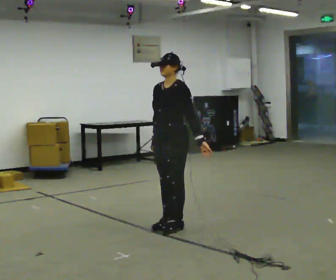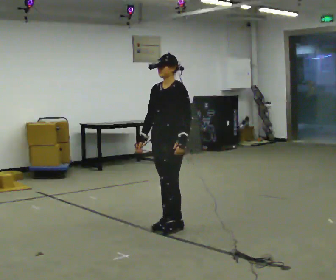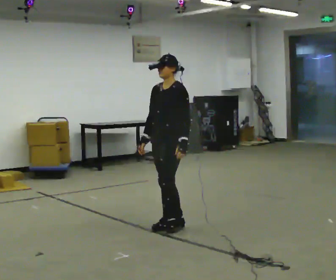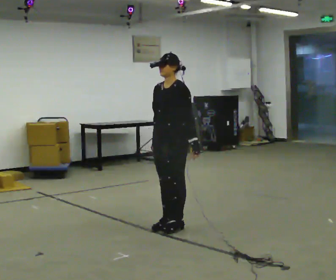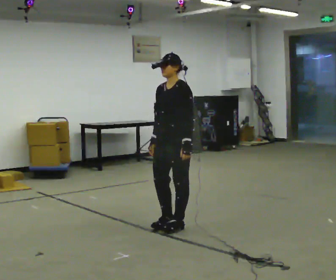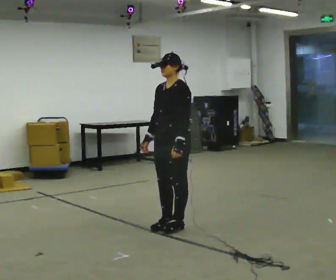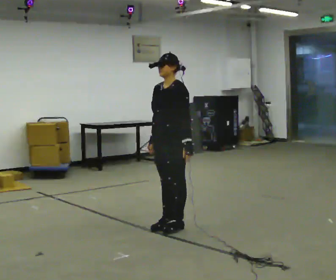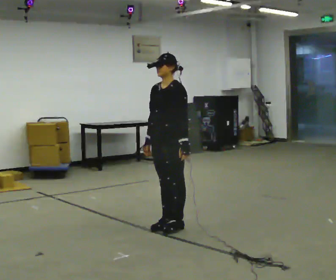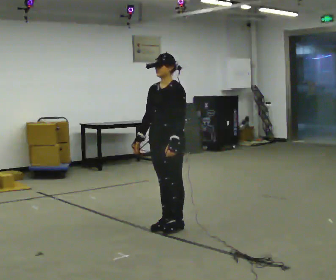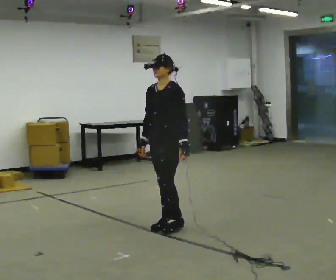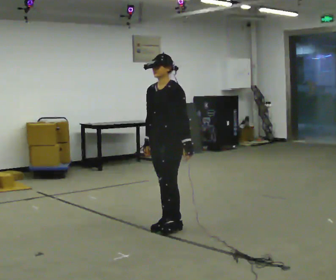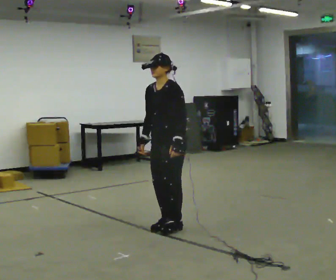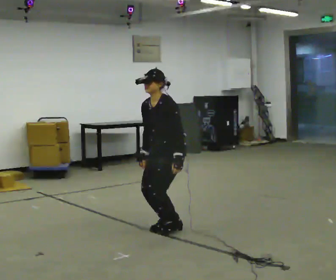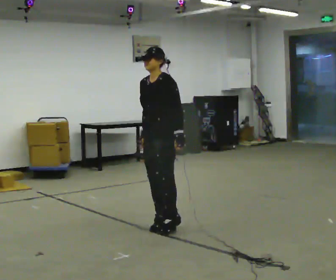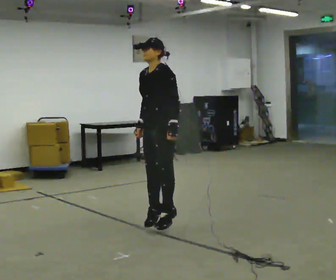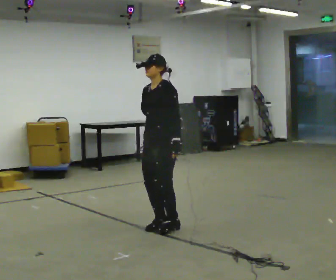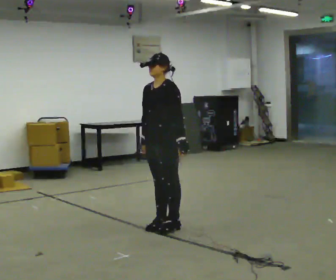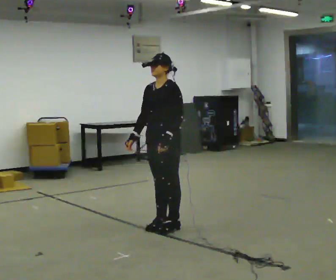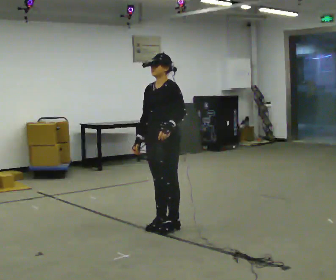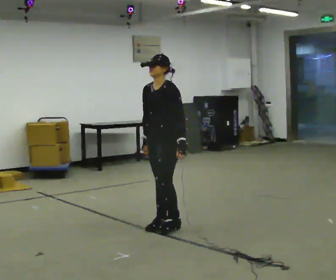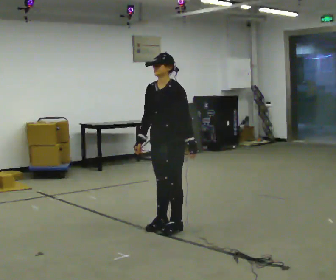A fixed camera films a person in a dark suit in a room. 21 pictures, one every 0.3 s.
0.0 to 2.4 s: The person moves a little, or ends about where they began.
2.4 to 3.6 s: The shoulders move downward. In the picture the upper body tilts counterclockwise, shoulders to the left, as they bend forward.
3.6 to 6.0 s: The person moves a little, or ends about where they began.
The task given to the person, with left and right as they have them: Jump straight up as high as is comfortable and land softly on the same spot. Repeat the movement at your own pace until the operator says stop; do not rush.
The film runs forward here.
